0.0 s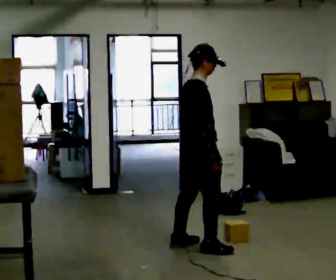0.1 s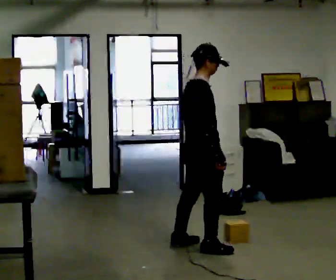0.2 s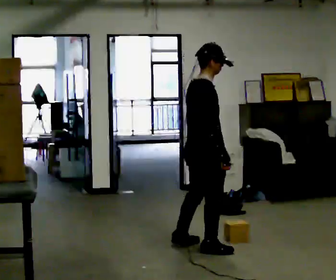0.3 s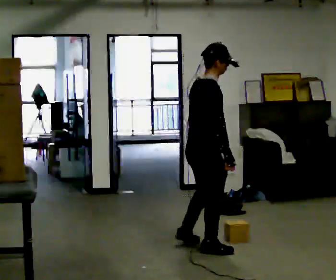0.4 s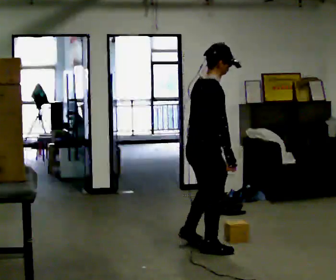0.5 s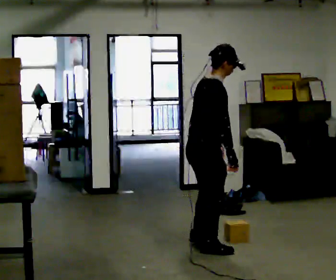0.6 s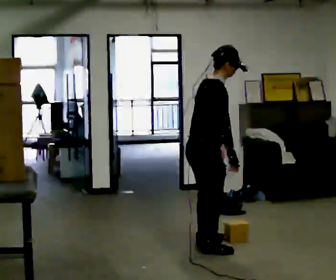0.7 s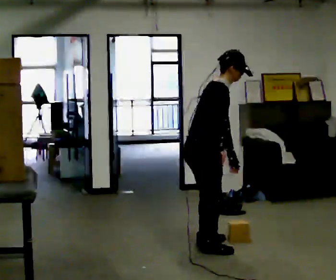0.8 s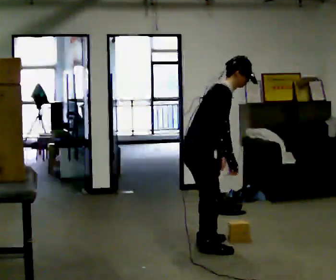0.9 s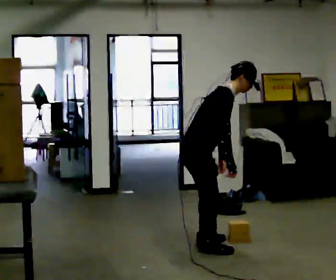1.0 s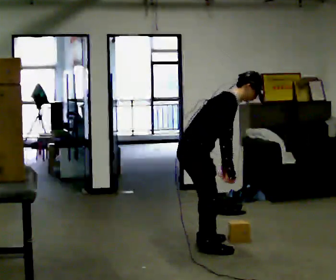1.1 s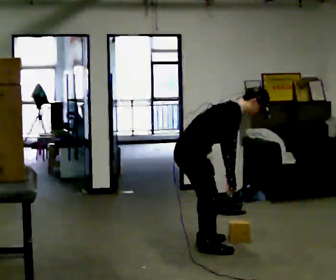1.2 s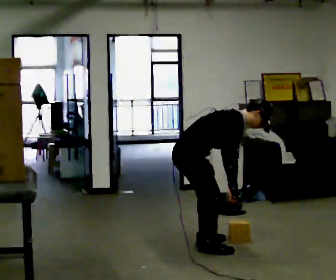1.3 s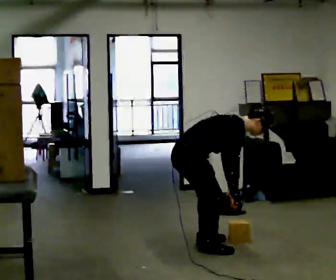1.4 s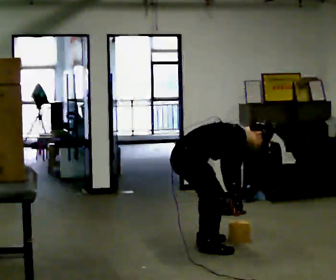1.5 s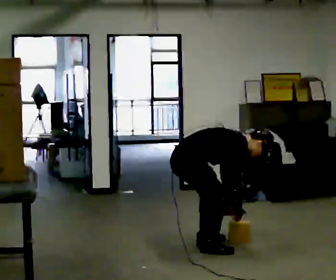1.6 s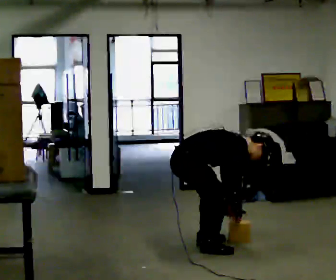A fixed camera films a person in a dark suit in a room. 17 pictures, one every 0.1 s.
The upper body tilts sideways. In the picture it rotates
clockwise.
The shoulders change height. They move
downward.
0.0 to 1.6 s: The shoulders move downward. In the picture the upper body tilts clockwise, shoulders to the right, as they bend forward. In the picture their right hand goes downward.
The film runs forward here.
